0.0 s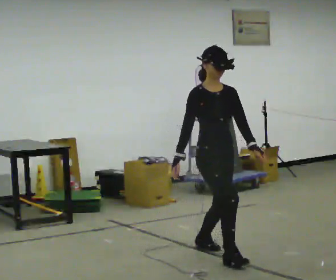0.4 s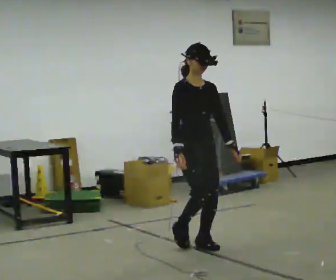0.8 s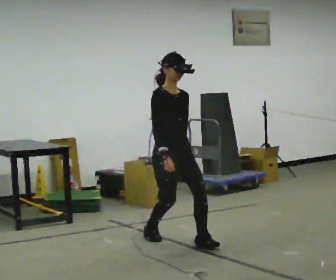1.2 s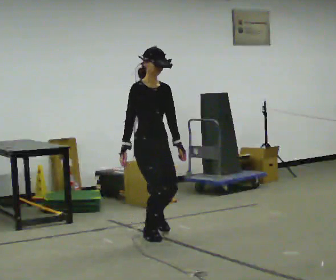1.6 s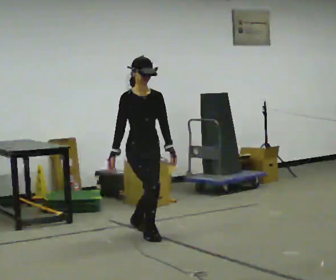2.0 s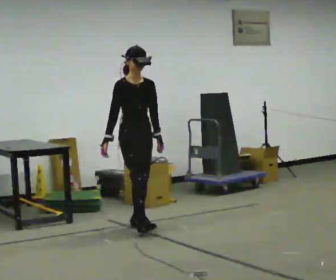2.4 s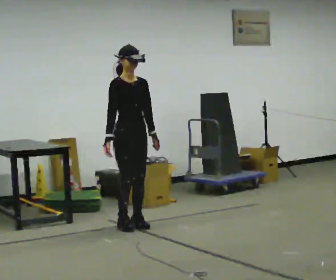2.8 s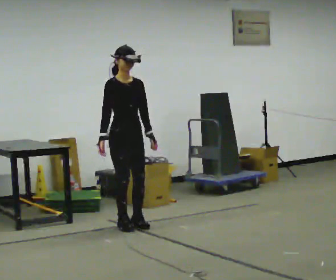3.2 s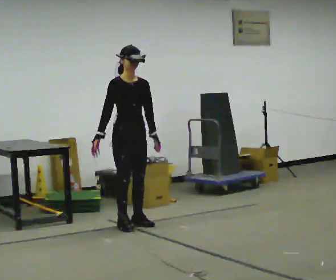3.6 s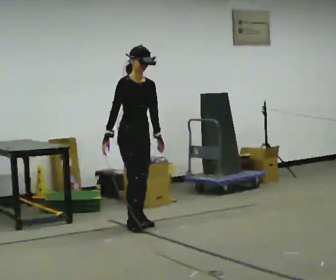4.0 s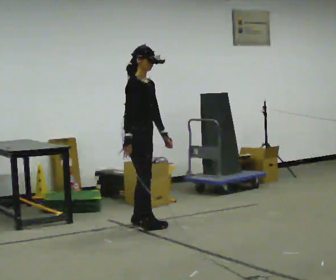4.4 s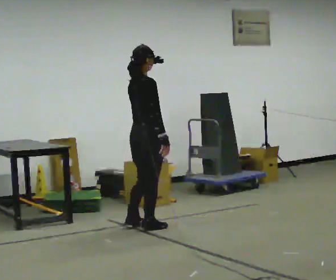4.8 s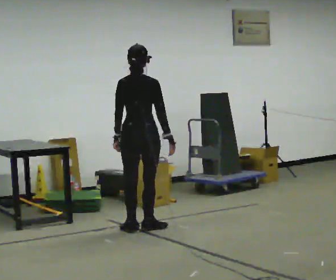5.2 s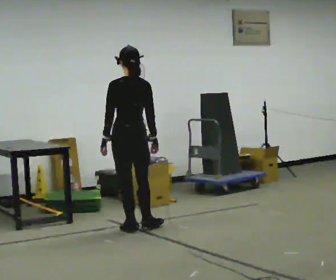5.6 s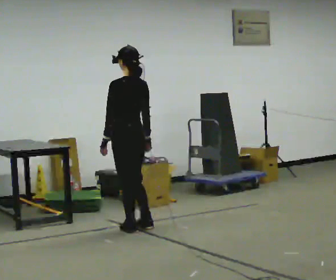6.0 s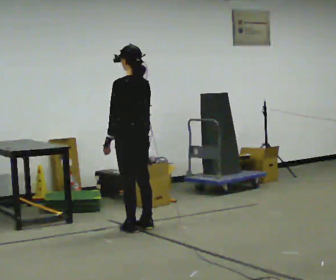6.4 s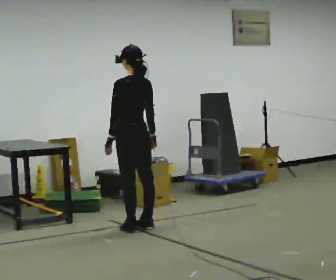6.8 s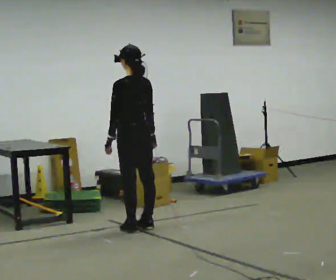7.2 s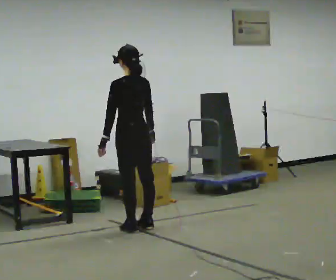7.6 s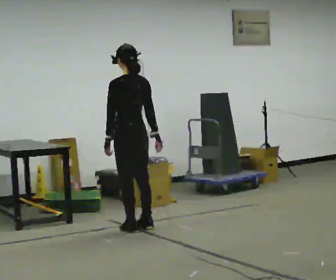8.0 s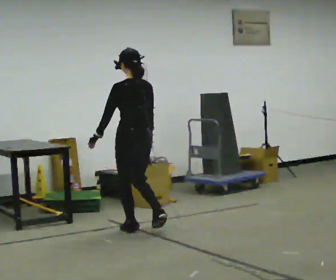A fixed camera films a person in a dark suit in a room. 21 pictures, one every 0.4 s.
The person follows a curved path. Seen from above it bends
clockwise.
0.0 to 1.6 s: In the picture they go away from the camera and to the left, about 1 m in 2 steps, which for them is backward.
1.6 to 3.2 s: In the picture they go away from the camera, about 0.25 m in 1 step, which for them is backward.
3.2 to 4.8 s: The part of the body nearest the lens slides to the right as the person turns to their left by about 135 degrees. In the picture they go toward the camera, about 0.25 m in 2 steps. In the picture their right hand goes to the right, the arm swinging counterclockwise.
4.8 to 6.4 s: The part of the body nearest the lens slides to the right as the person turns to their left by about 60 degrees.
6.4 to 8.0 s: The person moves a little, or ends about where they began.
The film runs backward here.
